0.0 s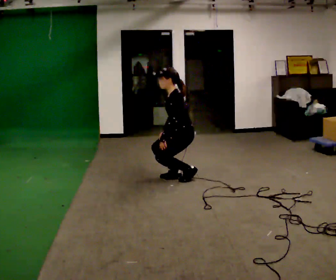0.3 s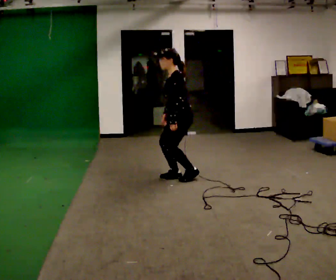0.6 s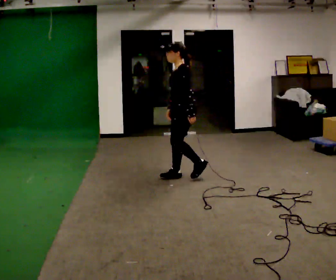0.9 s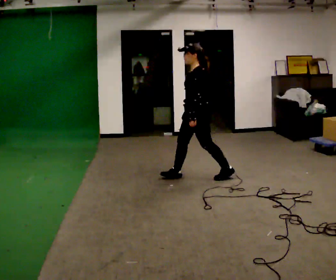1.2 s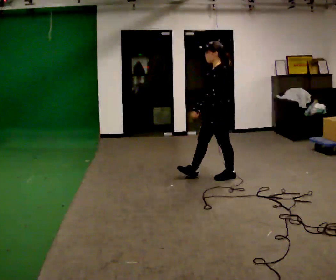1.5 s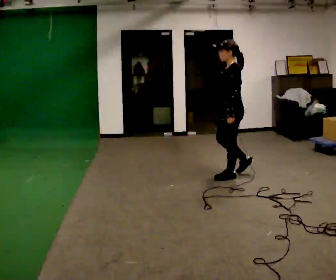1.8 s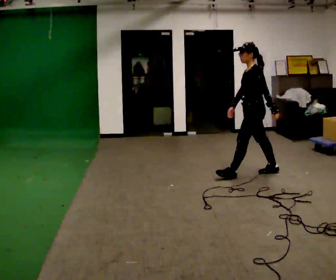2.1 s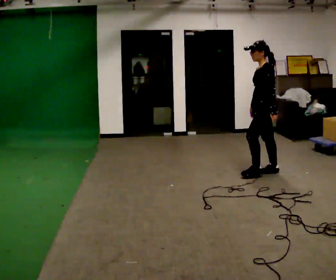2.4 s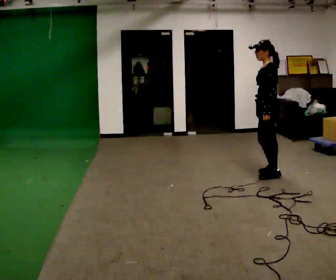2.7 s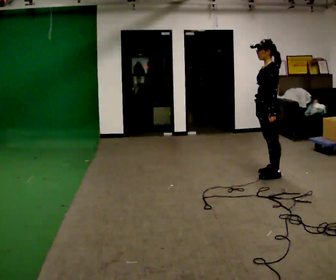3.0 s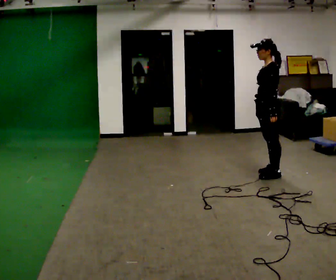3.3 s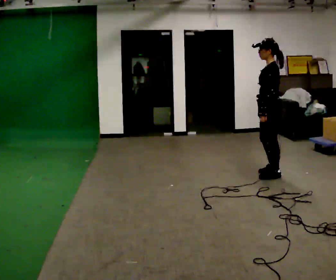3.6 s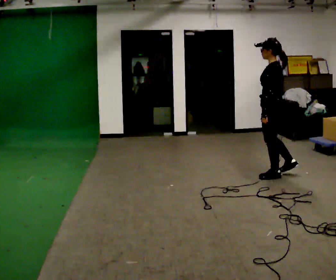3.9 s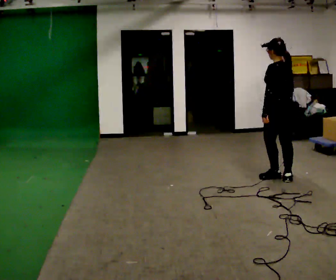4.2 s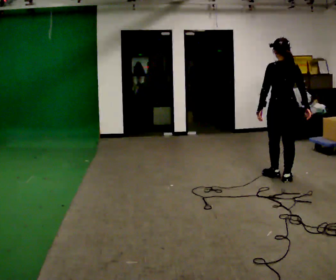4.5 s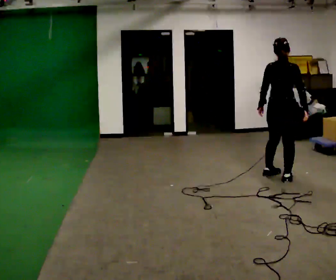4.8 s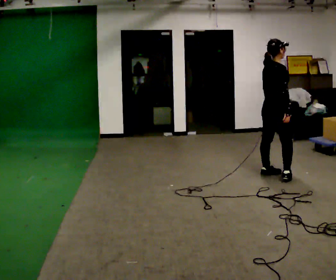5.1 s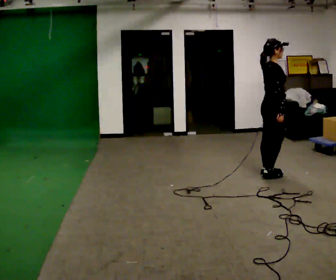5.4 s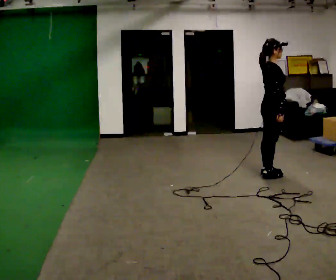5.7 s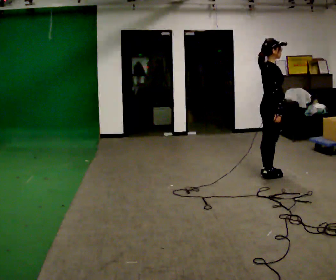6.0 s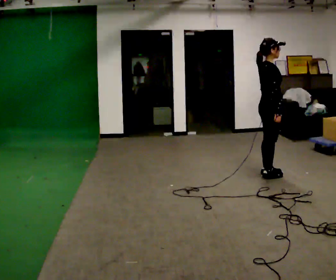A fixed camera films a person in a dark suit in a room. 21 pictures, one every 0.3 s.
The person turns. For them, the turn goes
to their right.
The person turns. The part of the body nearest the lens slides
to the left.
0.0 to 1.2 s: In the picture they go to the right, about 0.25 m in 2 steps, which for them is backward. The upper body goes upward. In the picture the upper body tilts clockwise, shoulders to the right, as they lean back or straighten.
1.2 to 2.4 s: In the picture they go to the right, about 0.5 m in 1 step, which for them is backward.
2.4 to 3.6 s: In the picture they go toward the camera, about 0.25 m in 1 step, which for them is to their left.
3.6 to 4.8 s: The part of the body nearest the lens slides to the left as the person turns to their right by about 135 degrees.
4.8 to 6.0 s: The person moves a little, or ends about where they began.
The film runs backward here.
